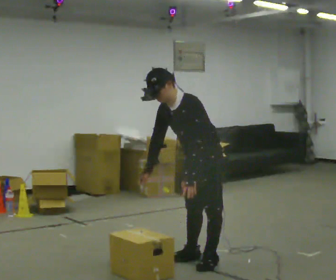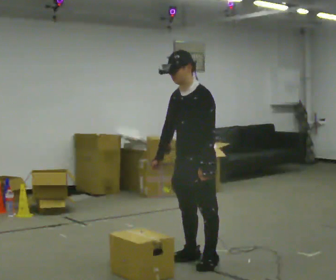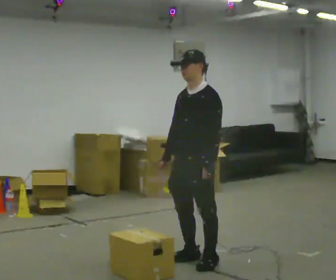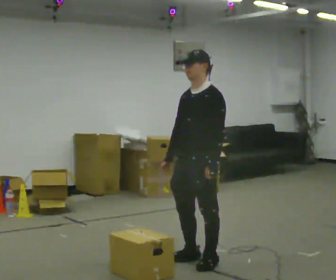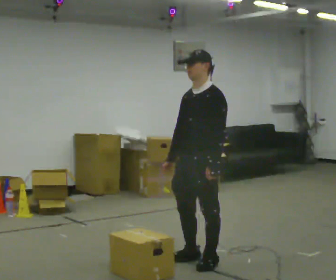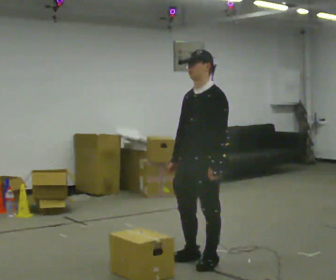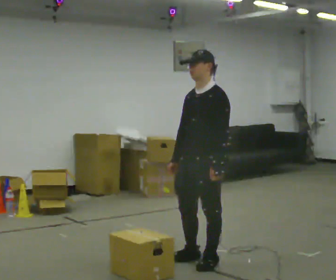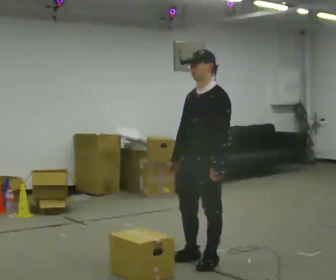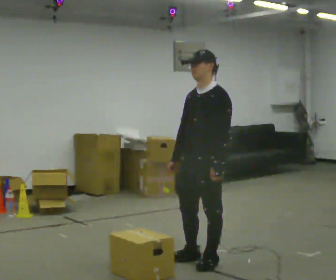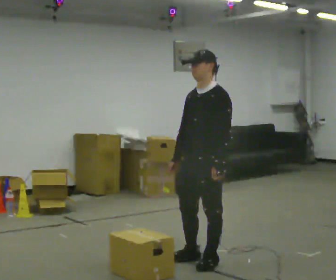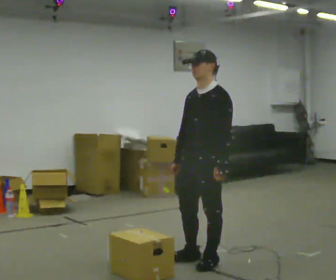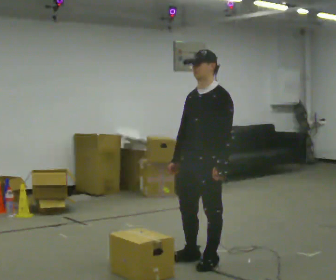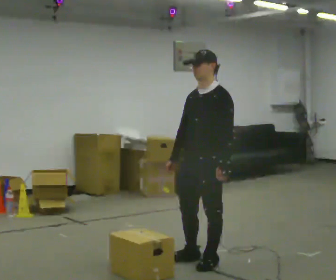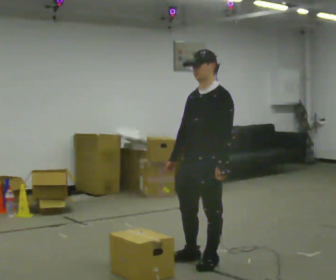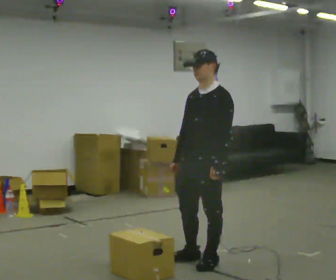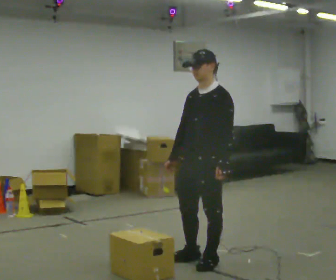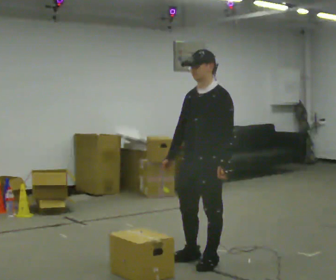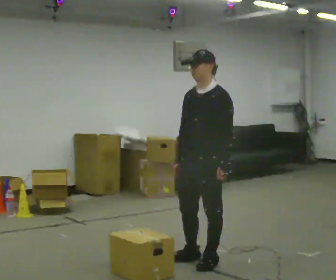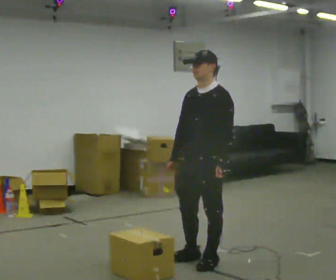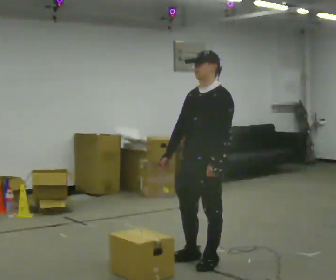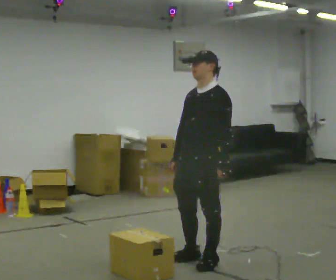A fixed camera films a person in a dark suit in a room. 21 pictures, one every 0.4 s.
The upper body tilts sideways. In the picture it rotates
clockwise.
0.0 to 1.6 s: In the picture the upper body tilts clockwise, shoulders to the right, as they lean back or straighten.
1.6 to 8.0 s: The person moves a little, or ends about where they began.
The film runs backward here.
